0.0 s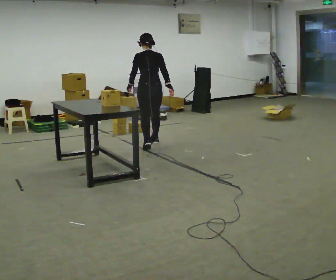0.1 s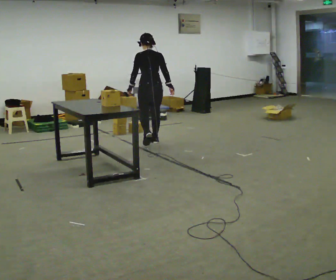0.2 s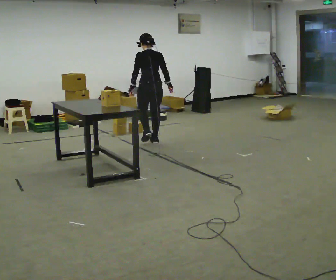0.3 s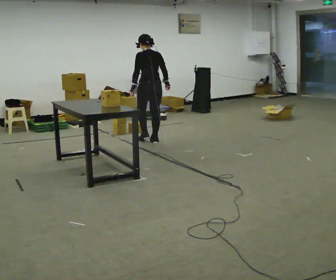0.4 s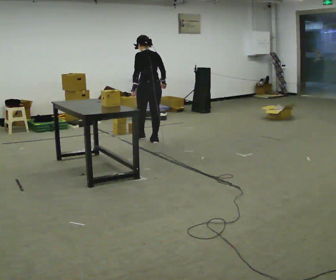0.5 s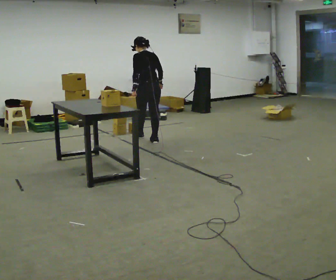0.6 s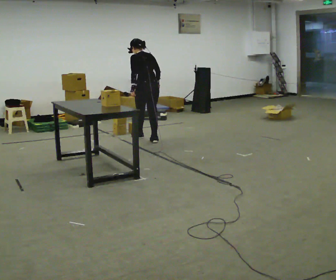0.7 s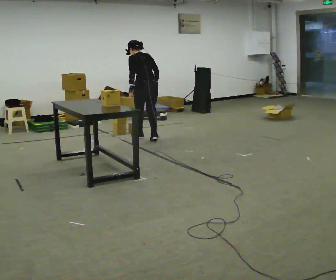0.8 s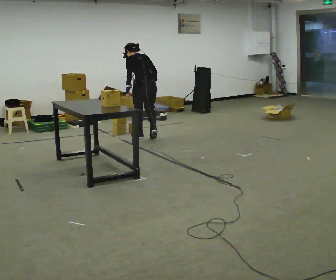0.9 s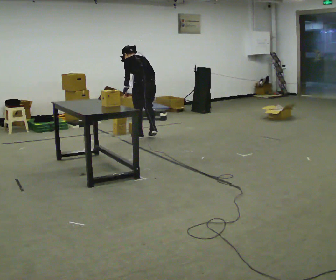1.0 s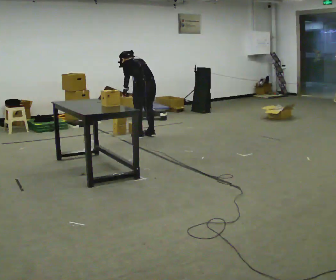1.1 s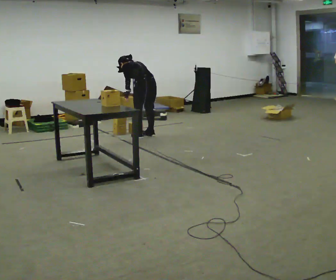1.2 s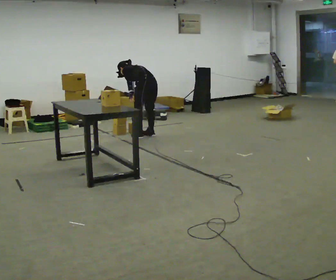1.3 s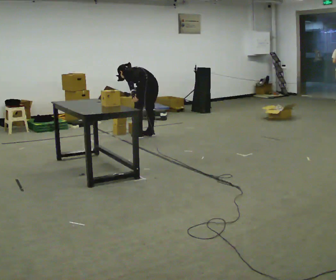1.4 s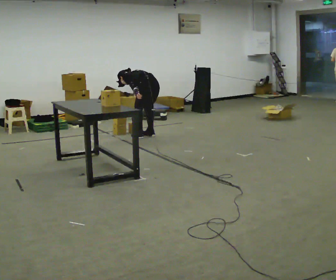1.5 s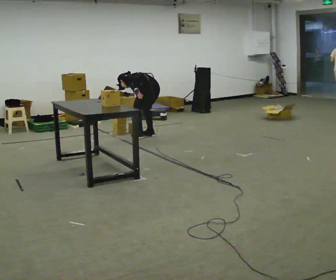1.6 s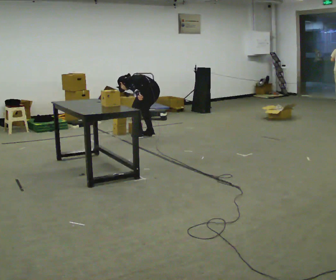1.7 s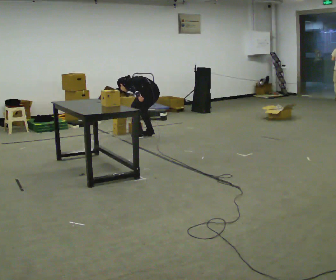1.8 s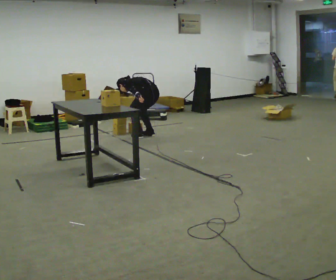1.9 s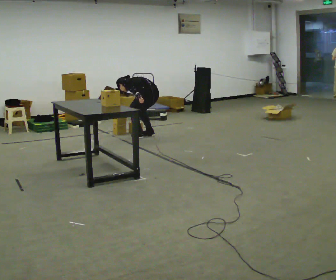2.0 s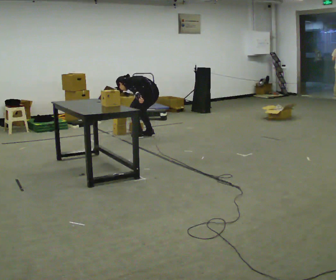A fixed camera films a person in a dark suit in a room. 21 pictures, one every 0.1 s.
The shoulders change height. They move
downward.
Their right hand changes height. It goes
downward.
0.0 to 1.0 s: In the picture they go away from the camera, about 0.5 m in 1 step, which for them is forward. The upper body tips away from the camera, its near side rolling upward, as they bend forward.
1.0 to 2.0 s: The shoulders move downward. In the picture the upper body tilts counterclockwise, shoulders to the left, as they bend forward.
The film runs forward here.
